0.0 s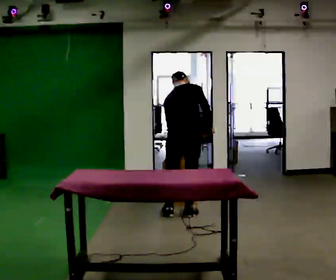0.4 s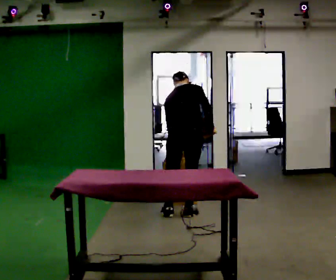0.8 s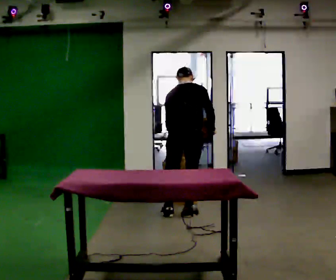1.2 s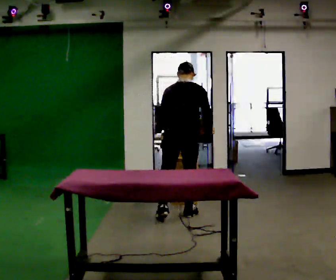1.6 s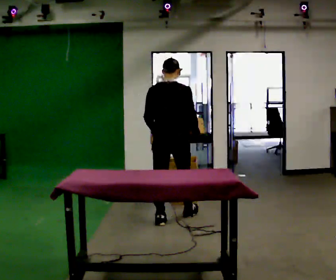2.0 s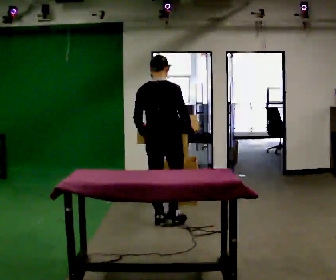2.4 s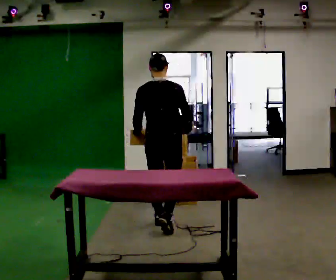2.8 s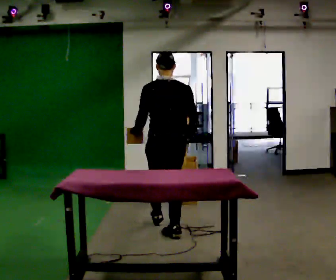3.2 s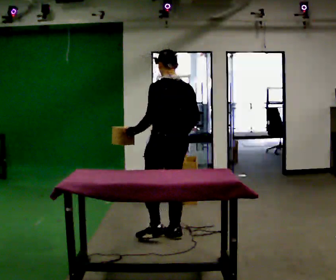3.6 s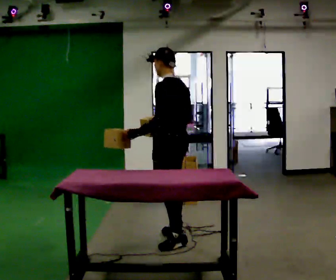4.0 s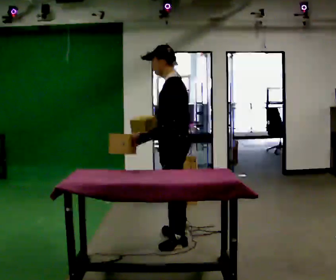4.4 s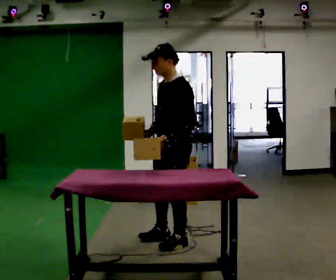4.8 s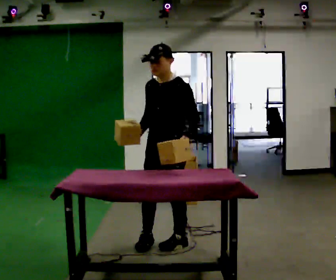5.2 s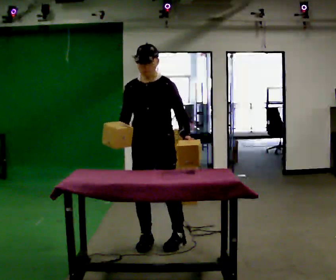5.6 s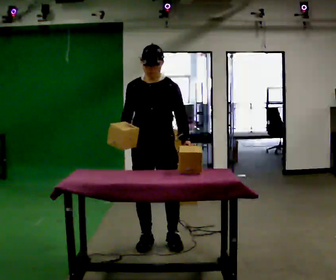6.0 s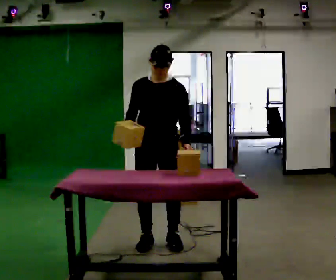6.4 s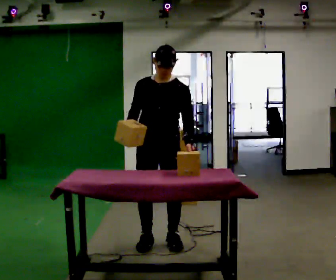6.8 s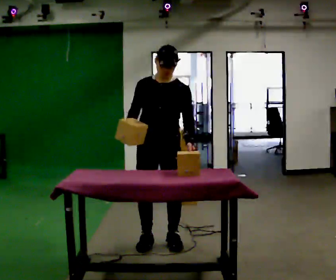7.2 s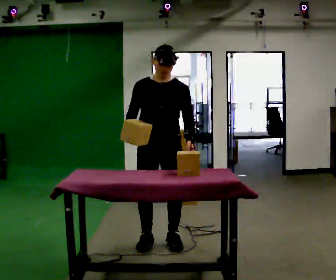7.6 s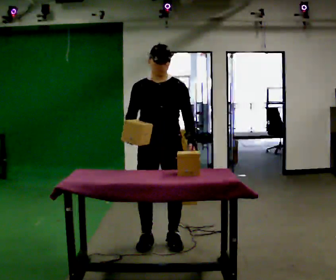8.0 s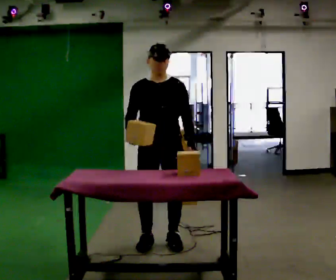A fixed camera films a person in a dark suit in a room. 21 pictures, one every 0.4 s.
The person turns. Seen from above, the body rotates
counterclockwise.
The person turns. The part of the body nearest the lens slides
to the right.
0.0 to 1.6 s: In the picture they go toward the camera, about 0.25 m in 1 step, which for them is backward. The upper body tips toward the camera, its near side rolling downward, as they lean back or straighten.
1.6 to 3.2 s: The part of the body nearest the lens slides to the right as the person turns to their left by about 45 degrees. In the picture they go toward the camera, about 0.5 m in 2 steps, which for them is backward.
3.2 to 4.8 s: The person turns about 105 degrees to their left, counterclockwise seen from above, so the part of the body nearest the lens slides to the right. In the picture they go toward the camera, about 0.25 m in 1 step.
4.8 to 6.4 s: The person turns about 30 degrees to their left, counterclockwise seen from above, so the part of the body nearest the lens slides to the right.
6.4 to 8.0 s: The person moves a little, or ends about where they began.
The film runs backward here.
